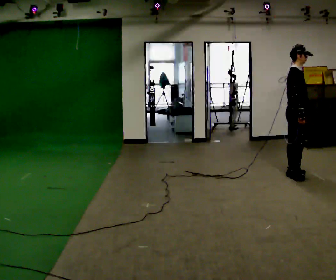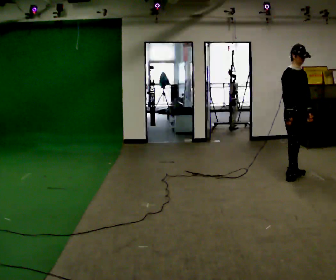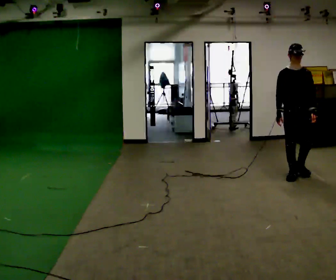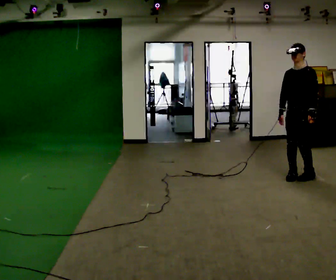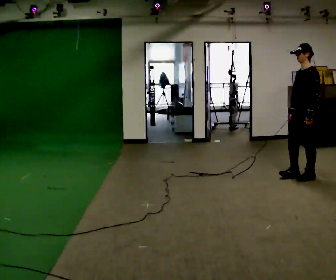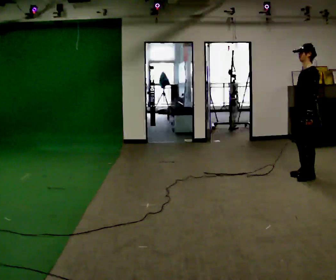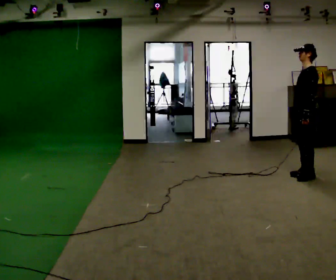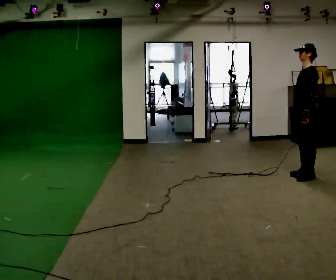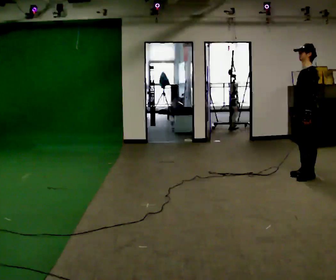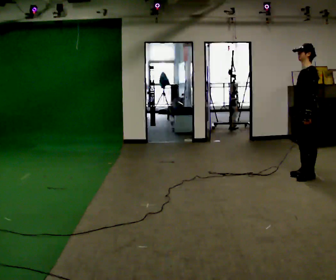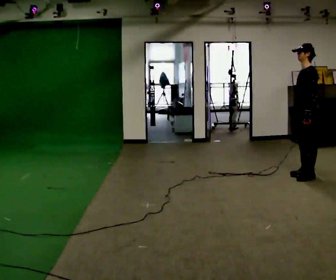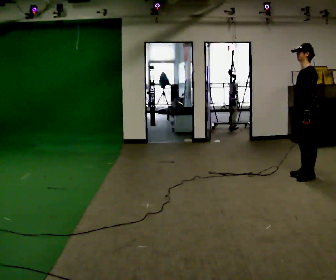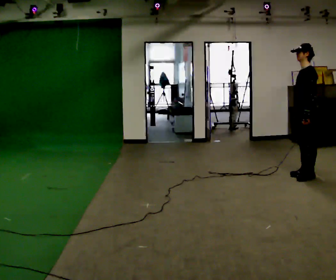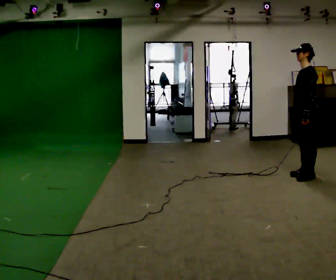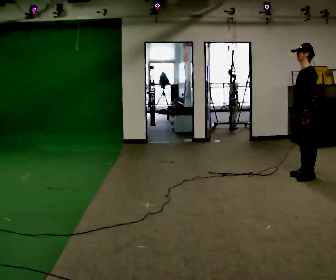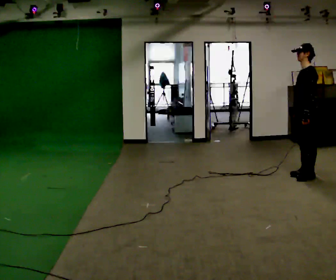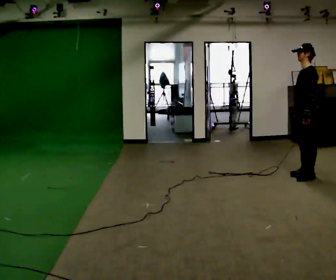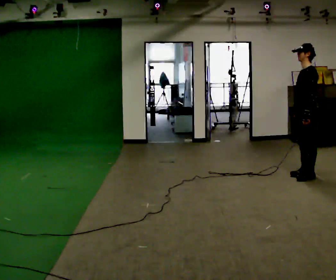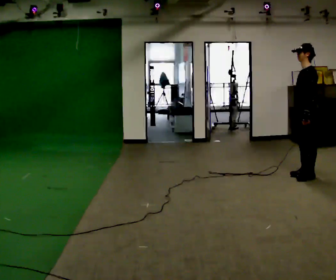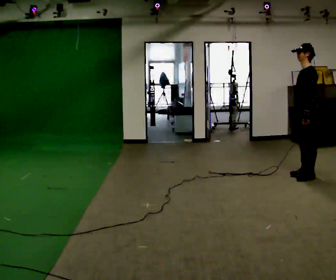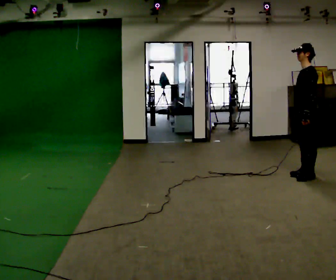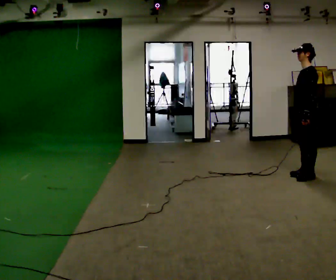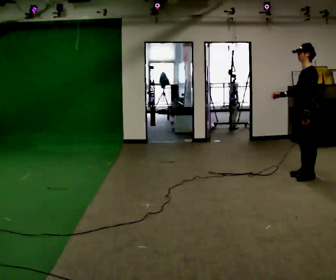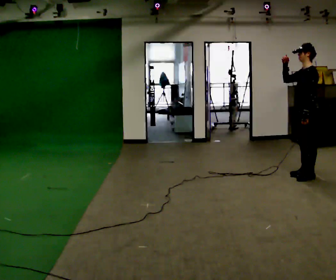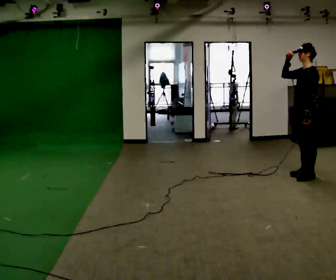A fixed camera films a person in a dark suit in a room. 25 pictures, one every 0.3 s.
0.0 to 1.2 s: Seen from above the body turns clockwise, about 150 degrees: to their right, with its near side sliding to the left. In the picture they go to the right, about 0.25 m in 1 step.
1.2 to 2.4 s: The person moves a little, or ends about where they began.
2.4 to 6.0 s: The person keeps their place and pose.
6.0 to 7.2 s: In the picture their right hand goes upward, the arm swinging clockwise.
The film runs forward here.
